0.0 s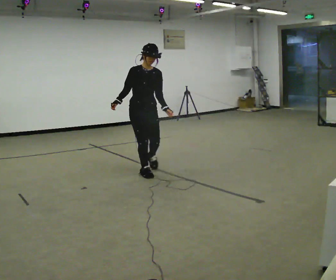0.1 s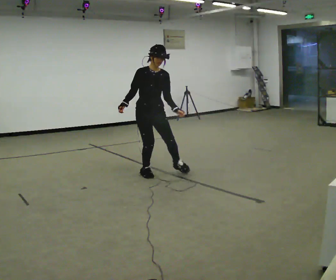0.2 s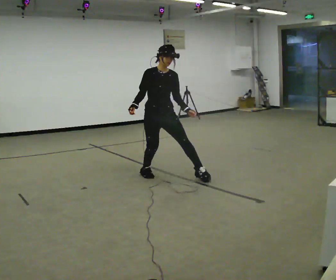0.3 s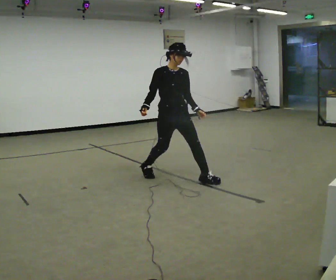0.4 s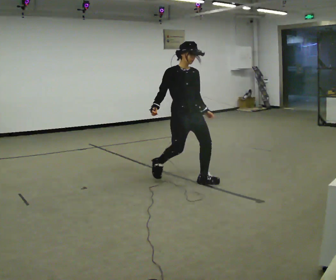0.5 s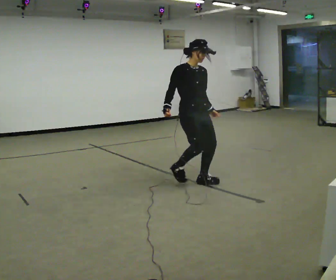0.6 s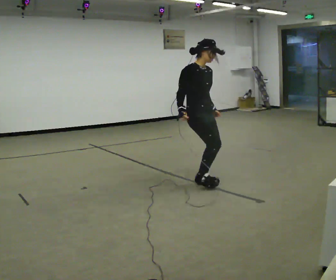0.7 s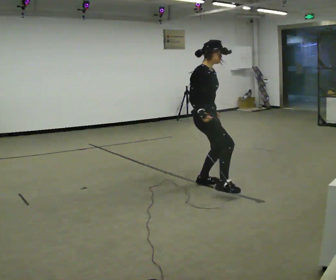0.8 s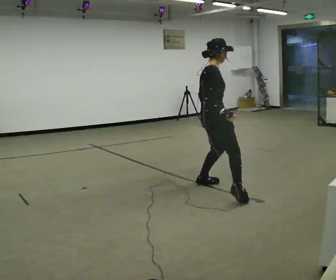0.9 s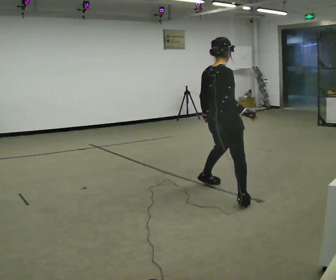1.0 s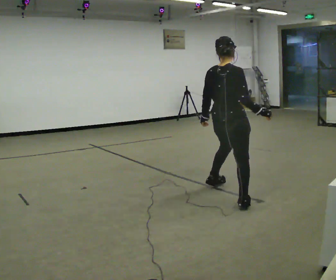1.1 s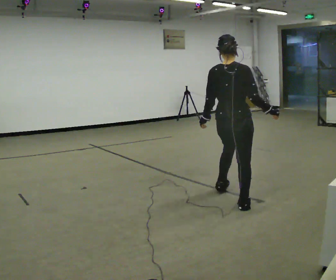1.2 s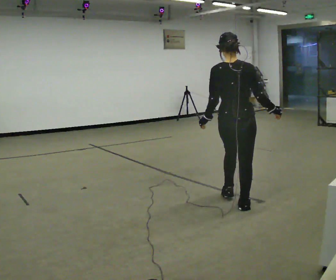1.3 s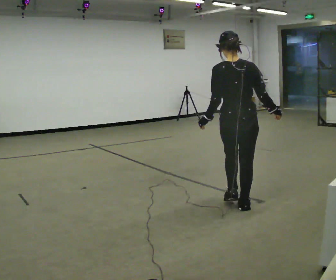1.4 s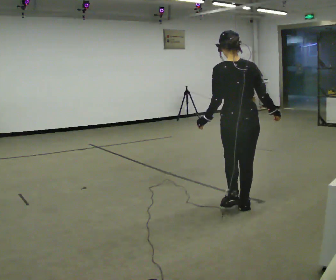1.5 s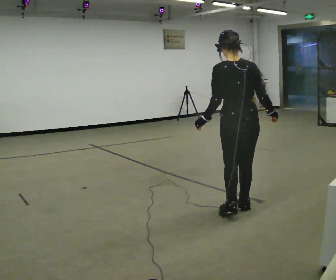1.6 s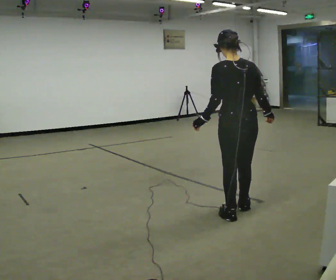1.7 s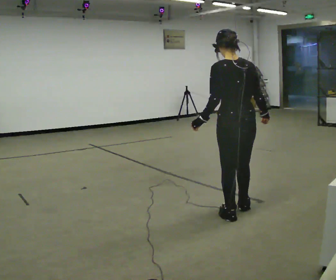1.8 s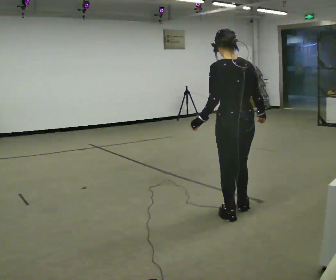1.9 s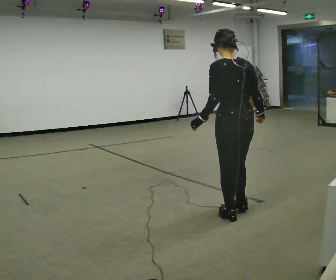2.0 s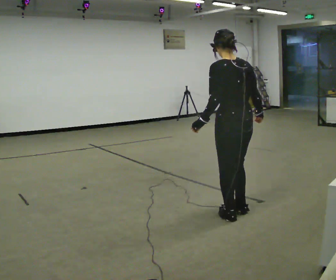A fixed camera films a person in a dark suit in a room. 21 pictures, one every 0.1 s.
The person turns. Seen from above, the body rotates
counterclockwise.
The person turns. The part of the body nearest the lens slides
to the right.
0.0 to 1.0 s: The part of the body nearest the lens slides to the right as the person turns to their left by about 120 degrees. In the picture they go to the right and toward the camera, about 1.5 m in 2 steps.
1.0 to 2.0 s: Seen from above the body turns counterclockwise, about 60 degrees: to their left, with its near side sliding to the right. In the picture they go toward the camera, about 0.5 m.
The film runs backward here.
